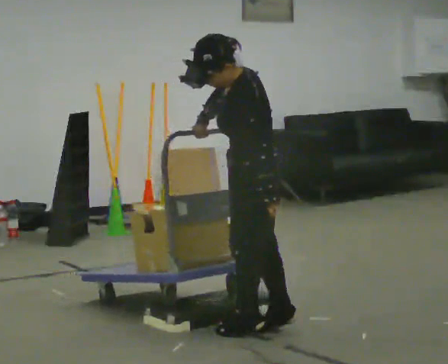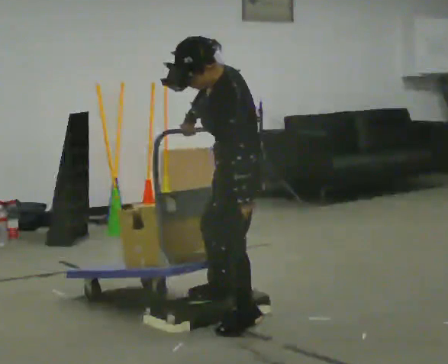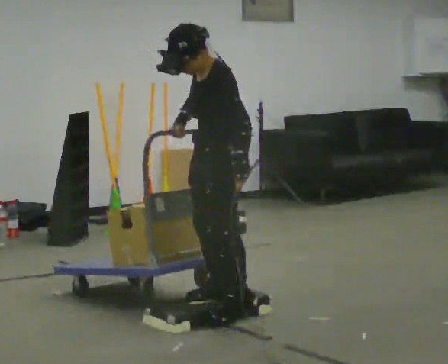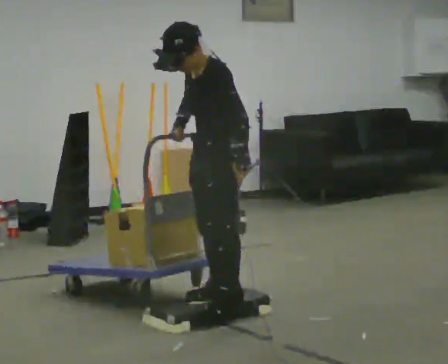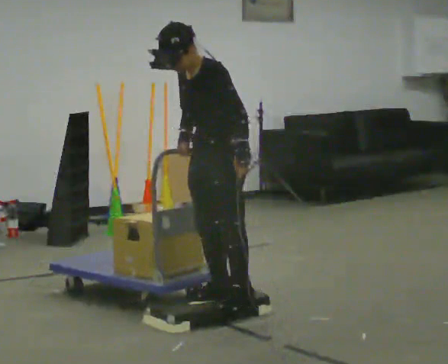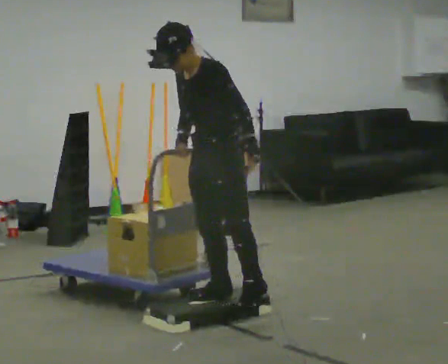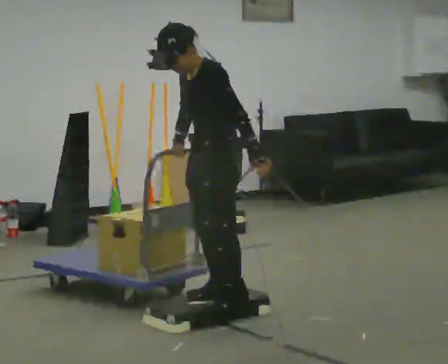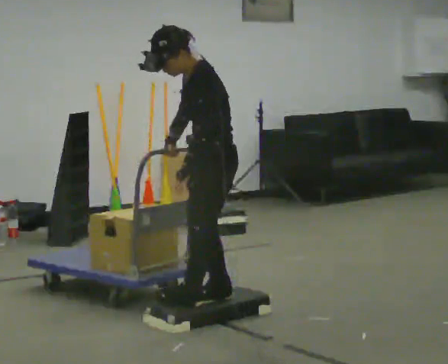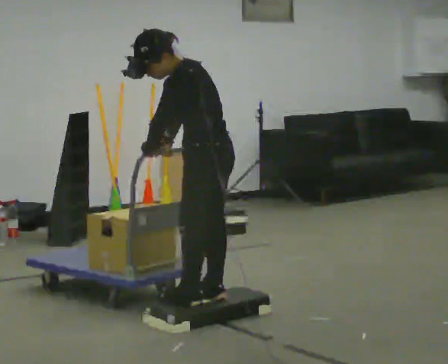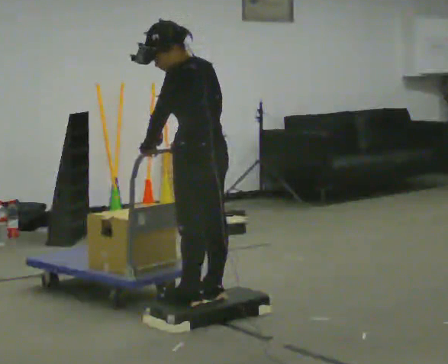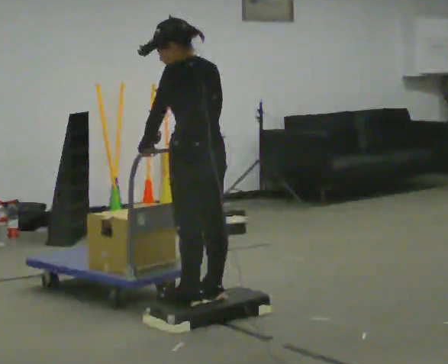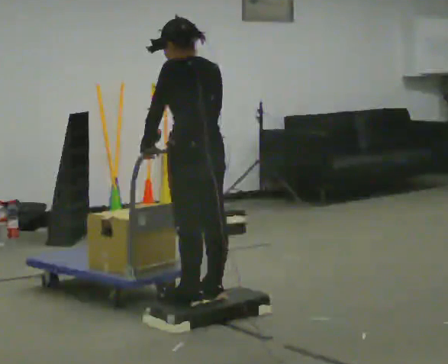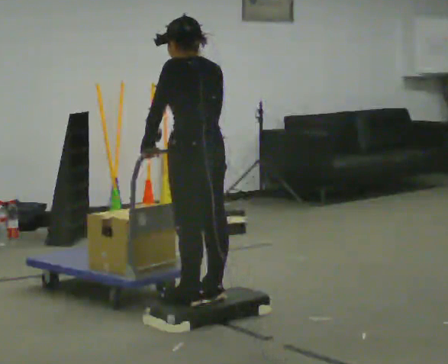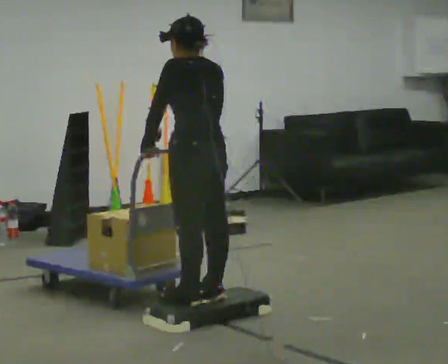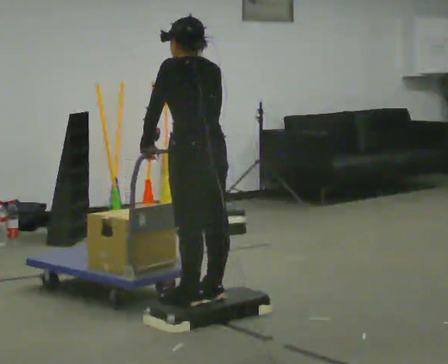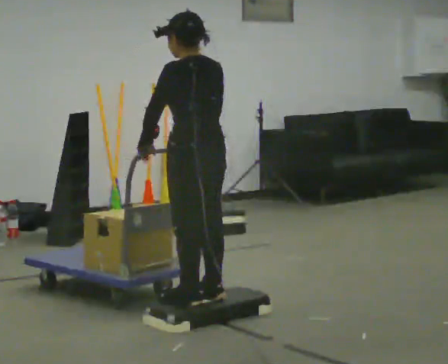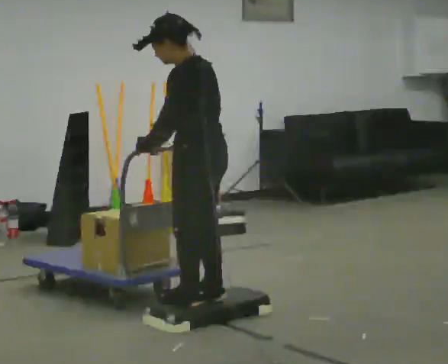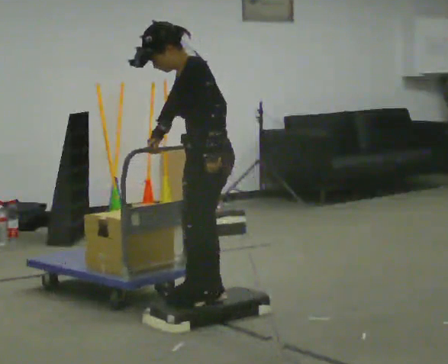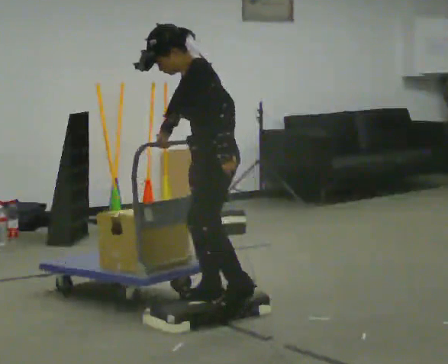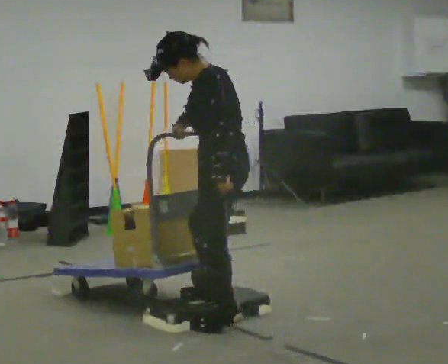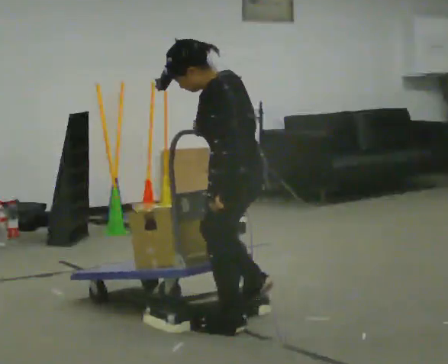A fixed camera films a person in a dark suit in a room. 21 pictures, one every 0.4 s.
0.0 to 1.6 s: Seen from above the body turns counterclockwise, about 45 degrees: to their left, with its near side sliding to the right. In the picture they go away from the camera and to the left, about 0.25 m in 2 steps, which for them is to their right.
1.6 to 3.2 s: Seen from above the body turns clockwise, about 45 degrees: to their right, with its near side sliding to the left. In the picture their left hand goes to the left, the arm swinging clockwise.
3.2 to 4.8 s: Seen from above the body turns clockwise, about 30 degrees: to their right, with its near side sliding to the left. In the picture the upper body tilts clockwise, shoulders to the right.
4.8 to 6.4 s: The person moves a little, or ends about where they began.
6.4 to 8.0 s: In the picture they go toward the camera and to the right, about 0.25 m in 2 steps, which for them is to their left and backward.
The film runs backward here.
